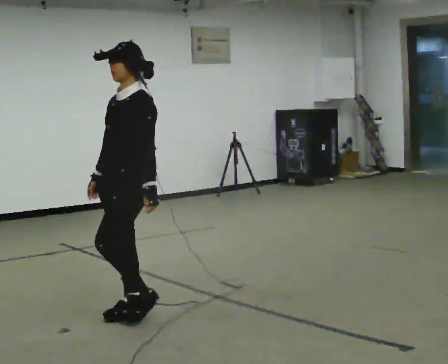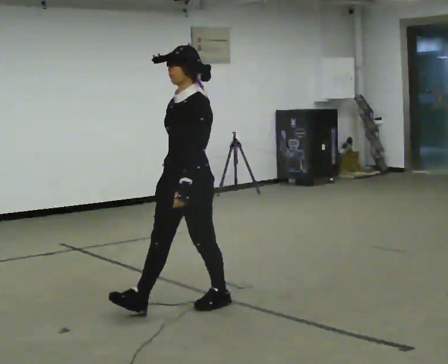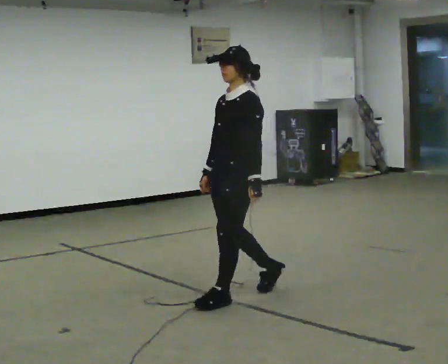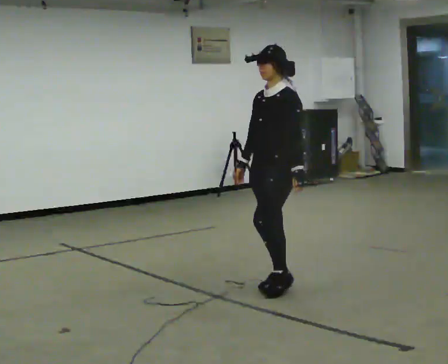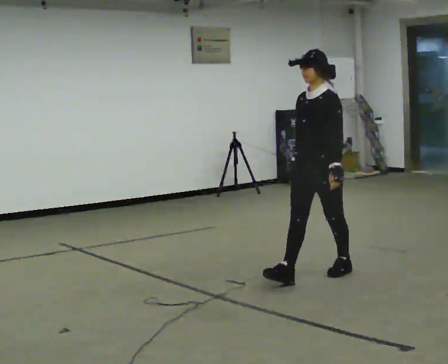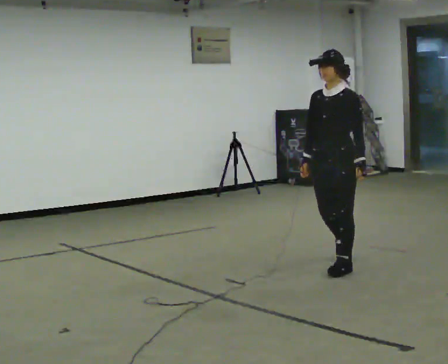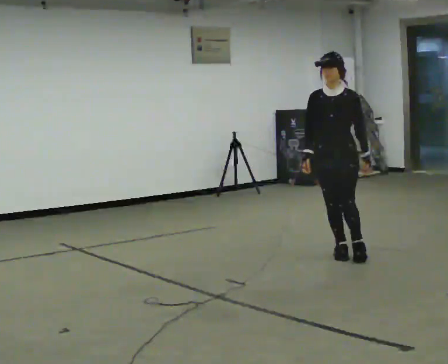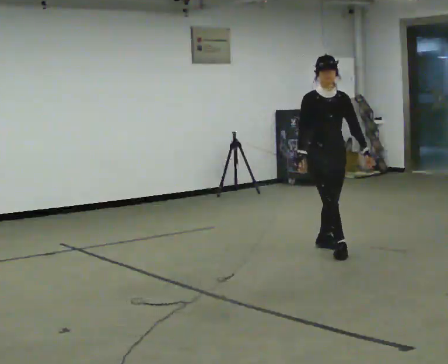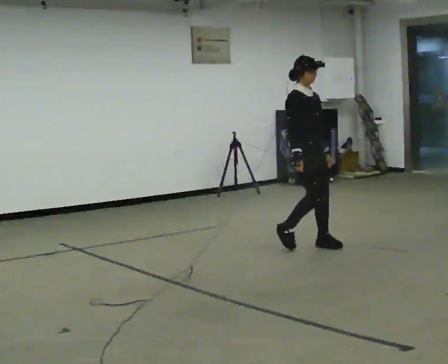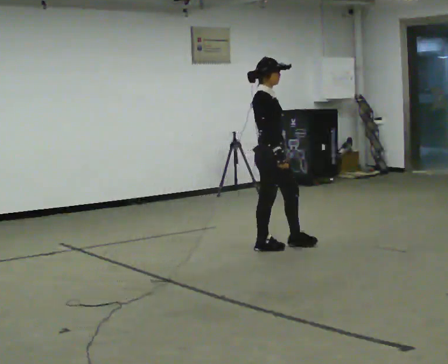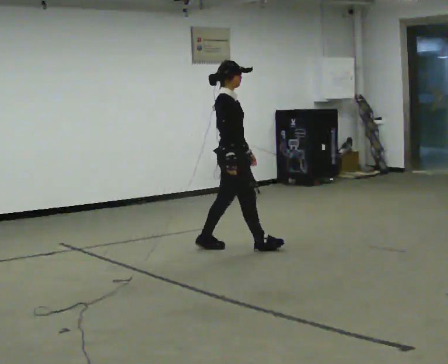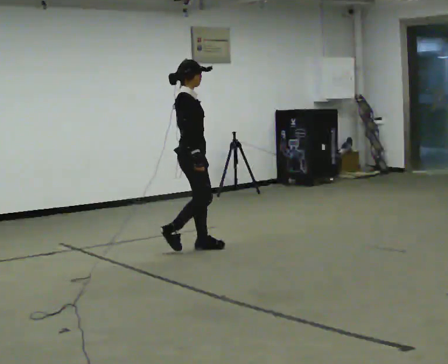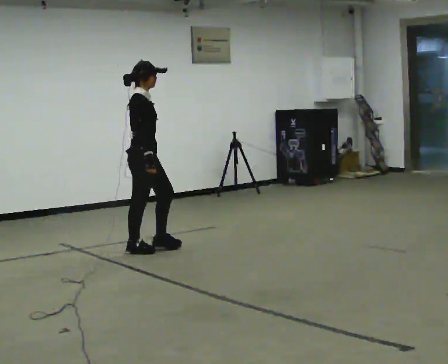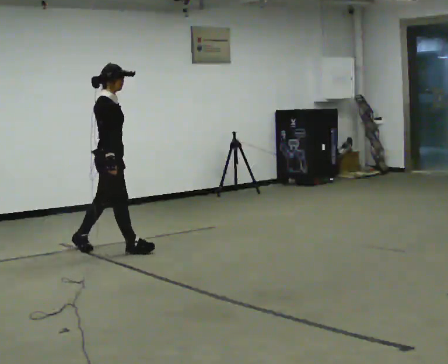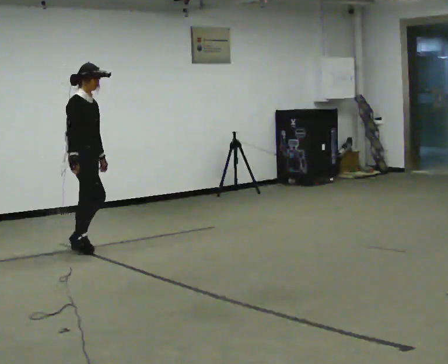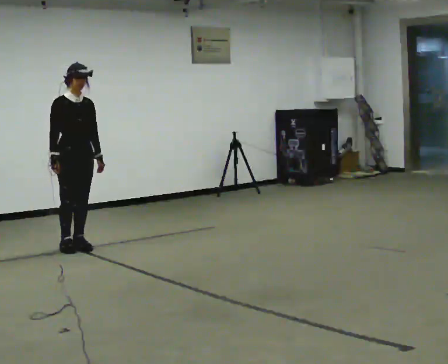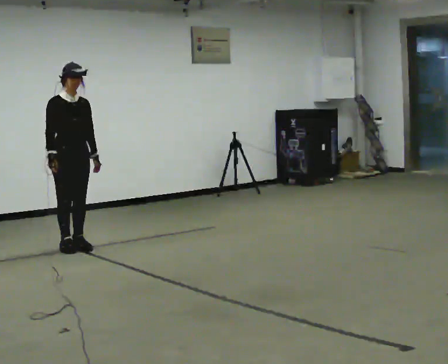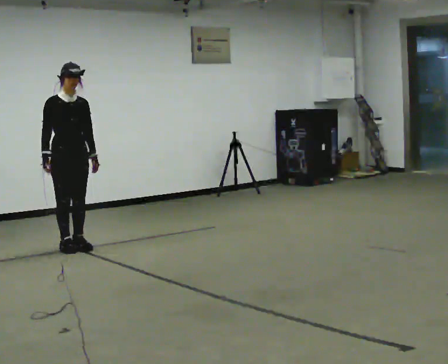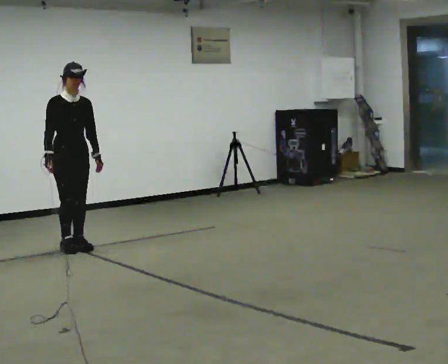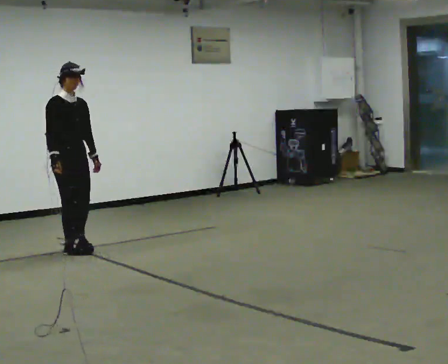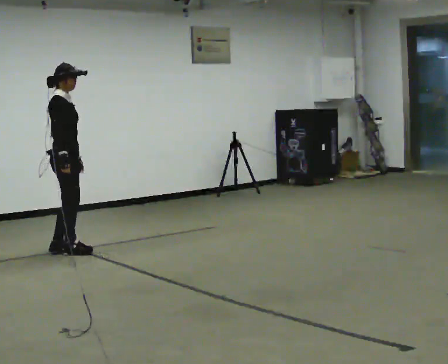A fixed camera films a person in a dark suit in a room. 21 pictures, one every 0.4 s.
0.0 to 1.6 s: In the picture they go to the right and away from the camera, about 1.5 m in 3 steps, which for them is backward.
1.6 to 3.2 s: The part of the body nearest the lens slides to the right as the person turns to their left by about 90 degrees. In the picture they go away from the camera, about 1 m in 2 steps.
3.2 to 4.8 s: The person turns about 45 degrees to their left, counterclockwise seen from above, so the part of the body nearest the lens slides to the right. In the picture they go to the left, about 1.5 m in 3 steps, which for them is backward.
4.8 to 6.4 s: The part of the body nearest the lens slides to the left as the person turns to their right by about 60 degrees. In the picture they go to the left, about 0.75 m in 1 step, which for them is backward.
6.4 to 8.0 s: The part of the body nearest the lens slides to the right as the person turns to their left by about 60 degrees. In the picture they go toward the camera, about 0.25 m in 2 steps.
The film runs backward here.
